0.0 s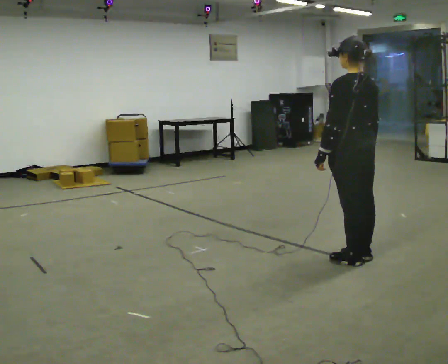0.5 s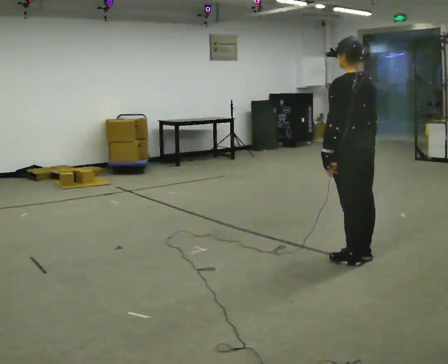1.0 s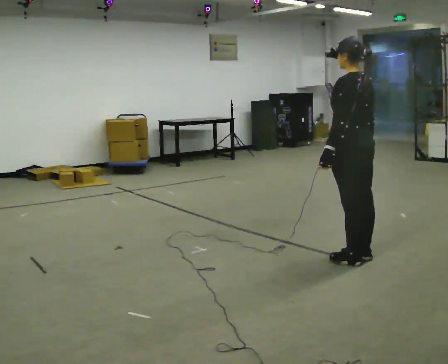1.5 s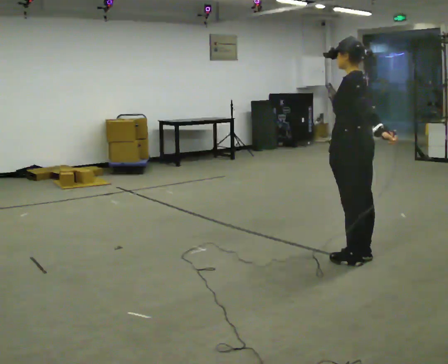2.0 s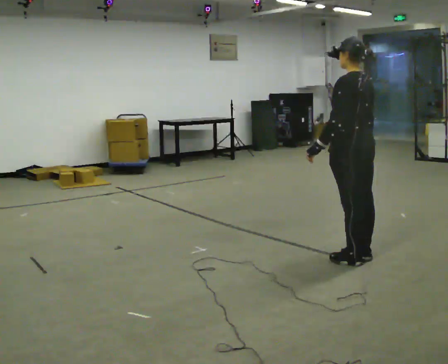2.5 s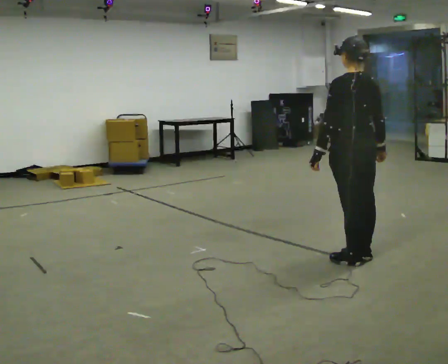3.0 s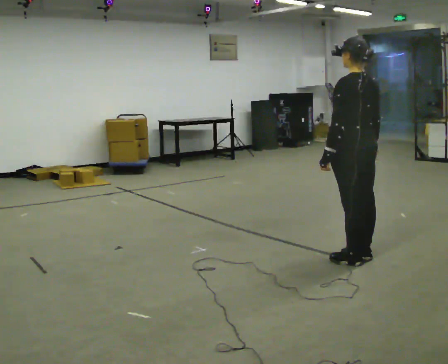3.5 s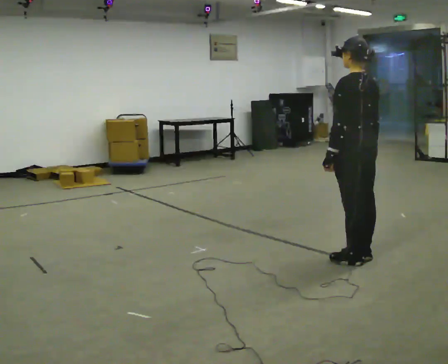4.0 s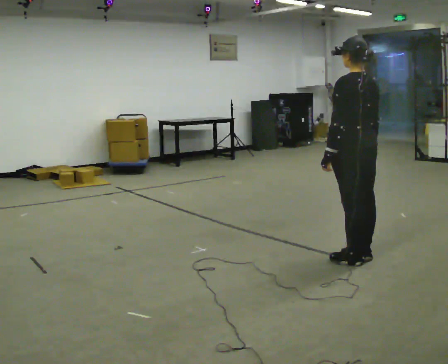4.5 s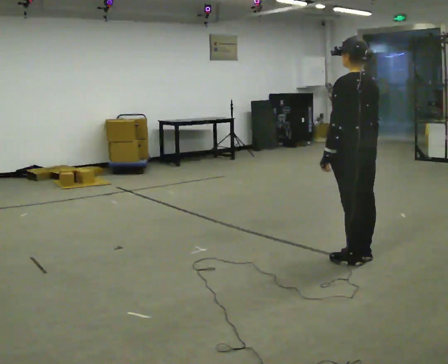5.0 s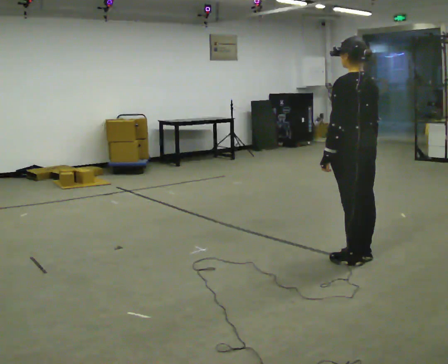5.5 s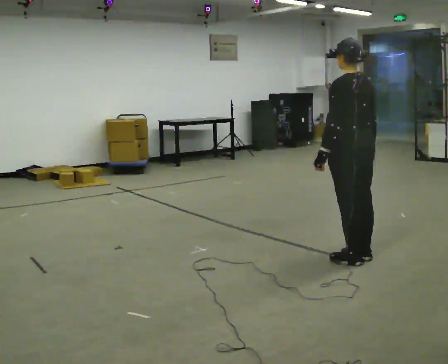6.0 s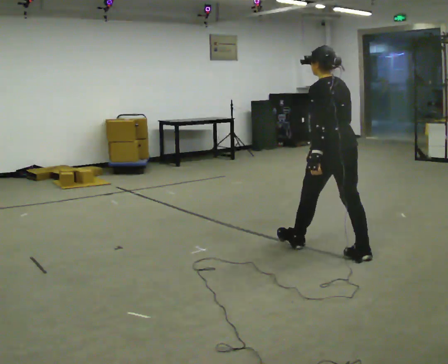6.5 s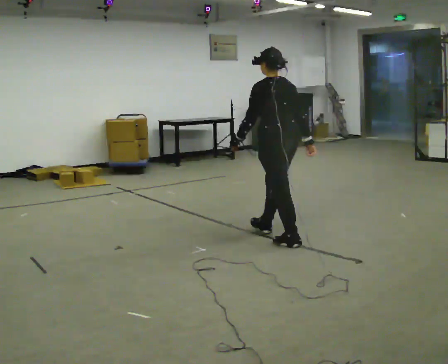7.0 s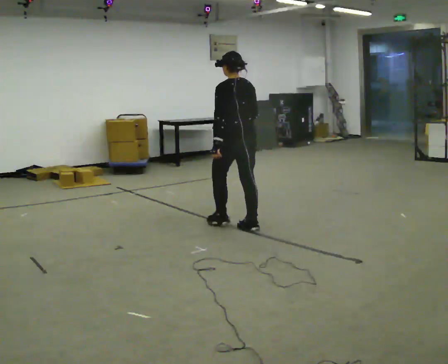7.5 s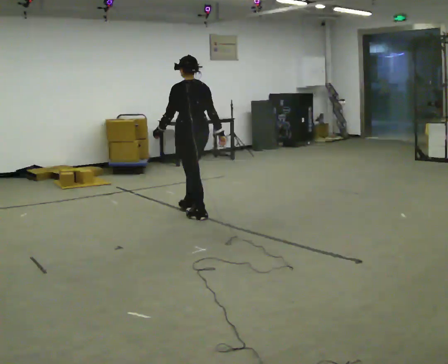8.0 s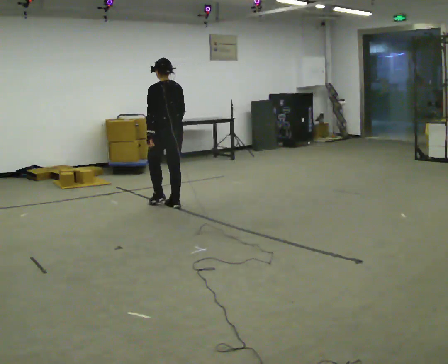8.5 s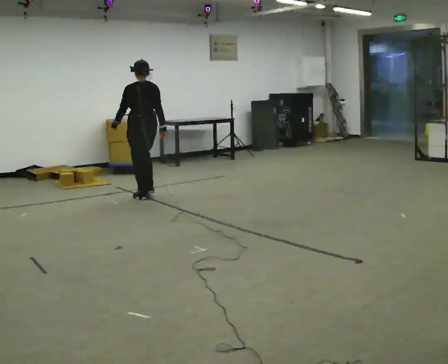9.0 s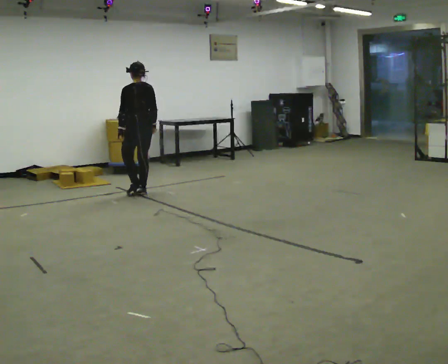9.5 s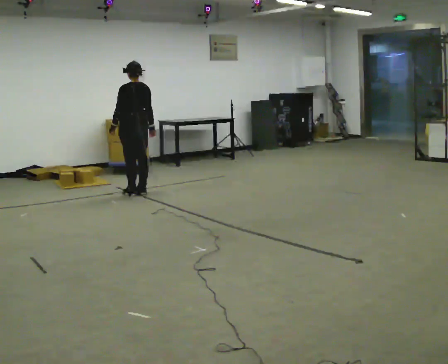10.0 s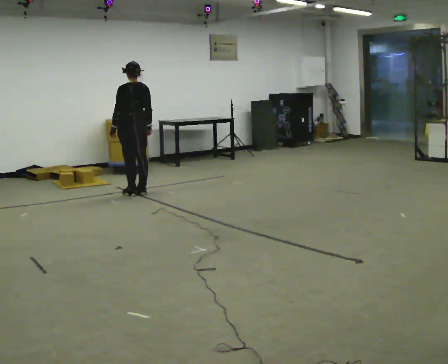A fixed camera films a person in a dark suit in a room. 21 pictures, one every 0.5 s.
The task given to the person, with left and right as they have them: Stand still 2 s; begin walking naturally; walk forward; stop.
0.0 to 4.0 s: The person moves a little, or ends about where they began.
4.0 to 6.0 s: In the picture they go to the left and away from the camera, about 0.25 m, which for them is forward.
6.0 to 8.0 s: In the picture they go to the left and away from the camera, about 2 m in 4 steps, which for them is forward.
8.0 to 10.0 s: In the picture they go to the left and away from the camera, about 0.5 m in 3 steps, which for them is forward.
The film runs forward here.
